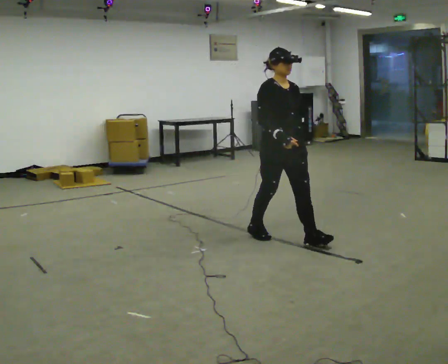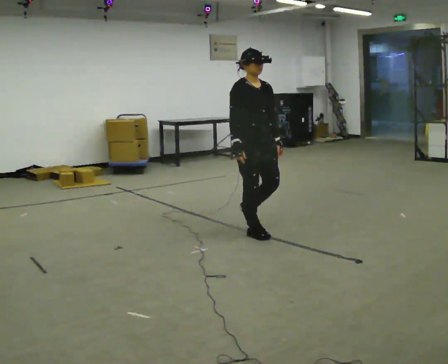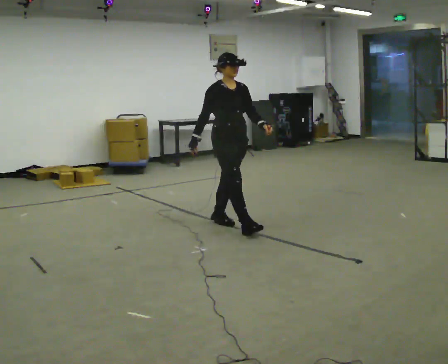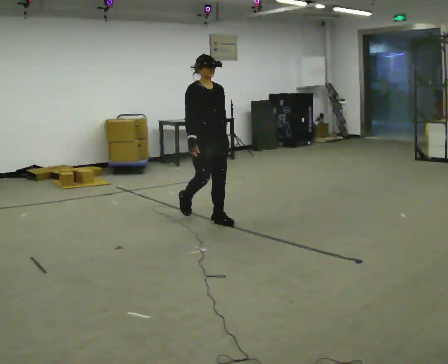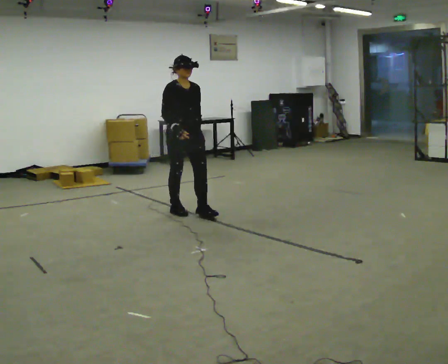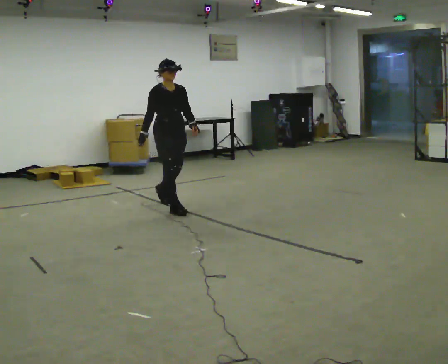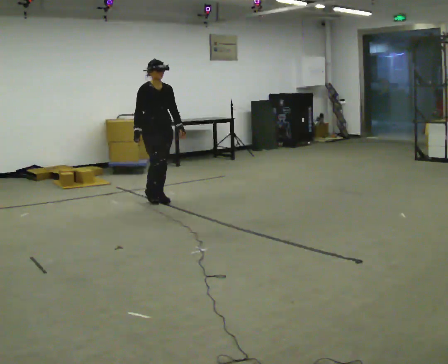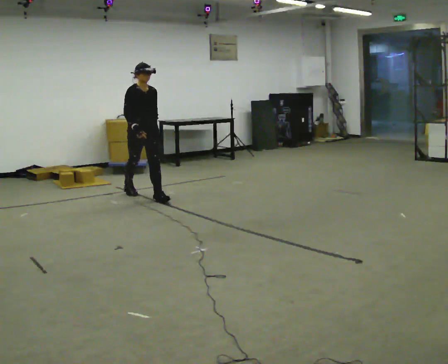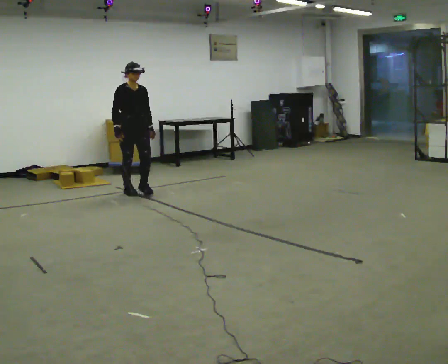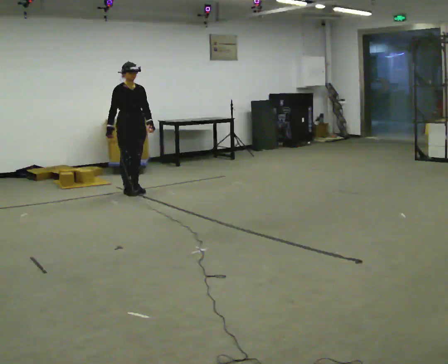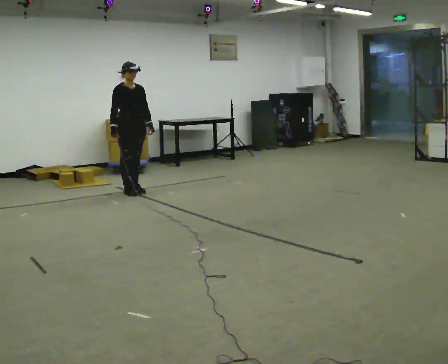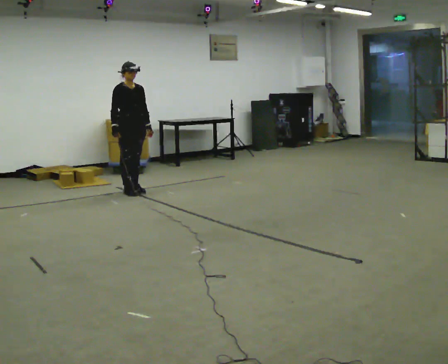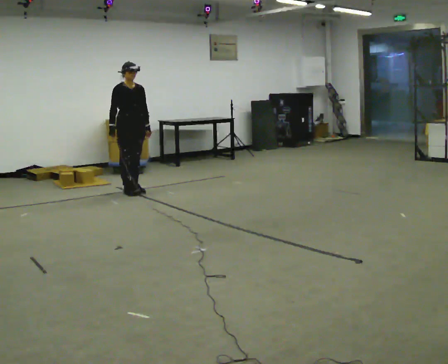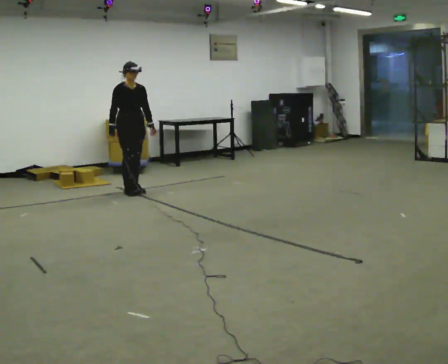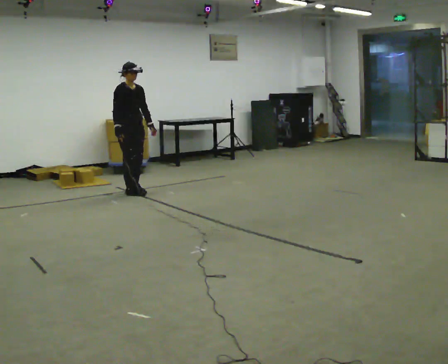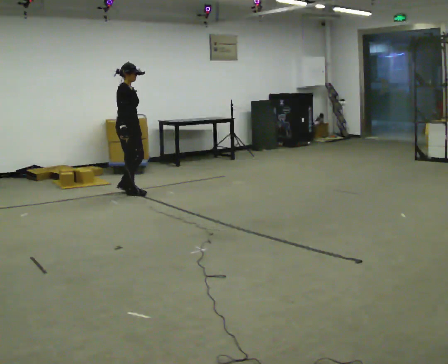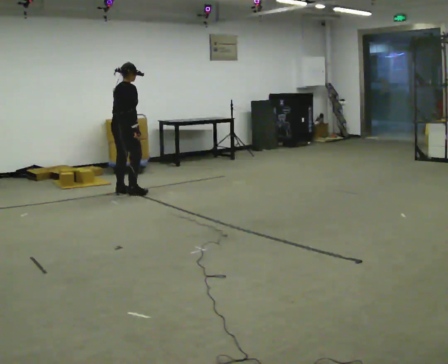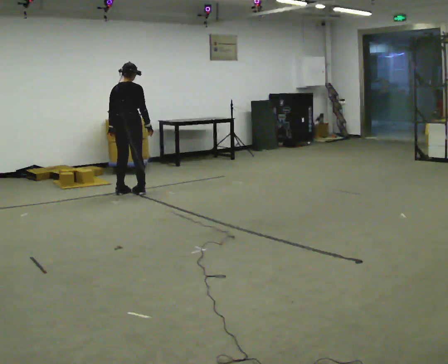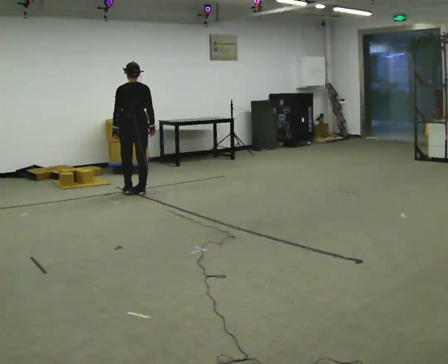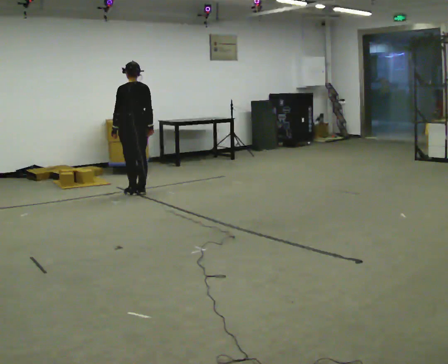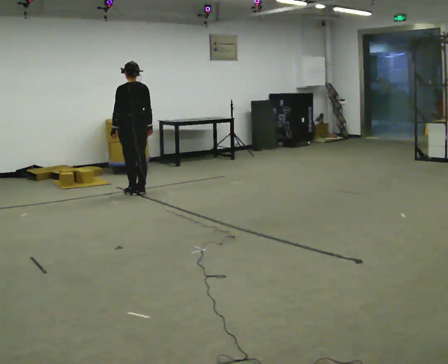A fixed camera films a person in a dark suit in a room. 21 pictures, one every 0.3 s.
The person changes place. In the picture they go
away from the camera.
The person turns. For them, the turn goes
to their left.
0.0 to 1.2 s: In the picture they go away from the camera and to the left, about 1.5 m in 3 steps, which for them is backward.
1.2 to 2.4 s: In the picture they go away from the camera and to the left, about 1 m in 2 steps, which for them is backward.
2.4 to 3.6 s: The person moves a little, or ends about where they began.
3.6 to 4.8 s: The person turns about 90 degrees to their left, counterclockwise seen from above, so the part of the body nearest the lens slides to the right. In the picture their left hand goes to the left.
4.8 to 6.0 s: The person turns about 90 degrees to their left, counterclockwise seen from above, so the part of the body nearest the lens slides to the right.
The film runs backward here.
